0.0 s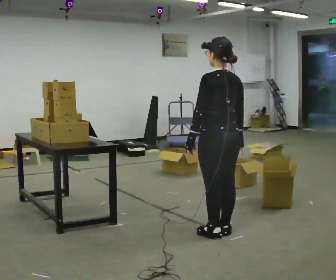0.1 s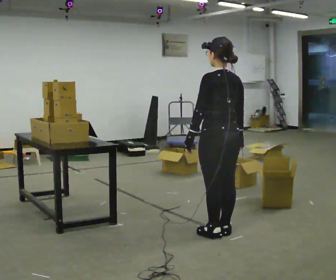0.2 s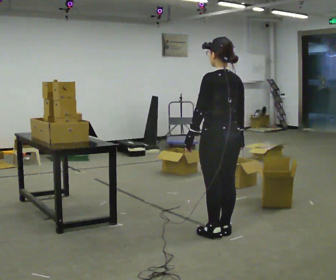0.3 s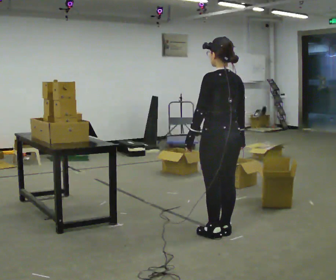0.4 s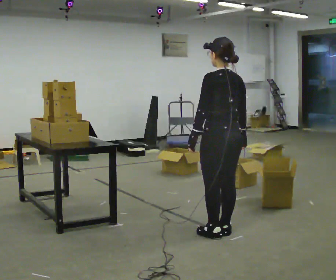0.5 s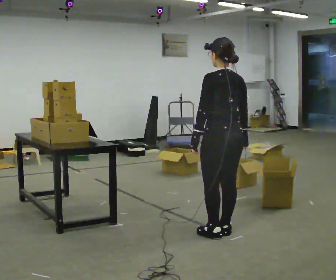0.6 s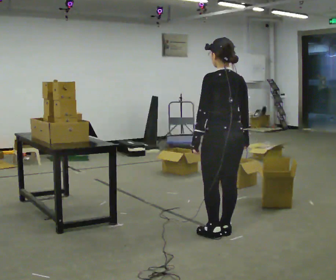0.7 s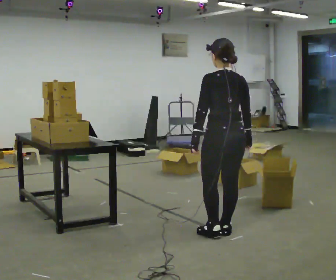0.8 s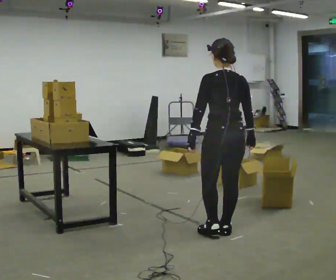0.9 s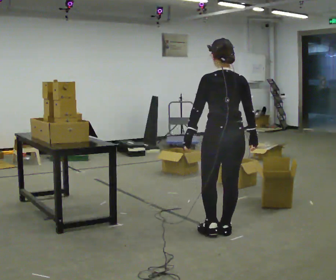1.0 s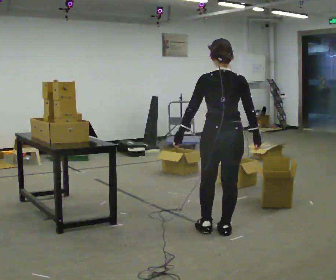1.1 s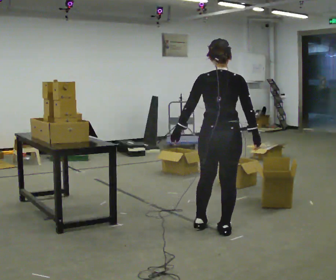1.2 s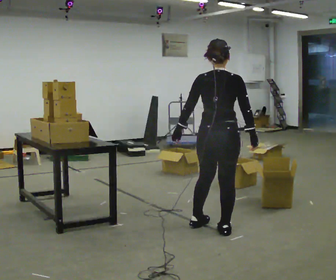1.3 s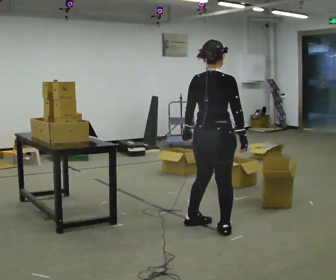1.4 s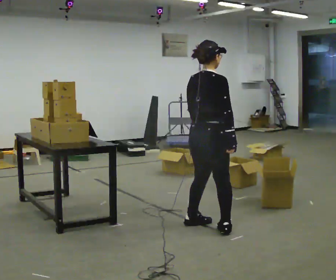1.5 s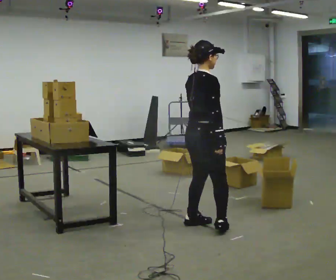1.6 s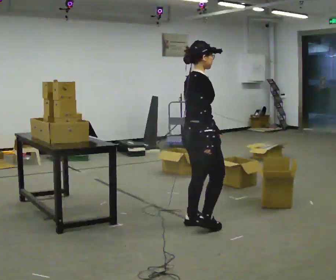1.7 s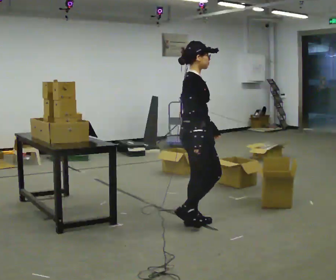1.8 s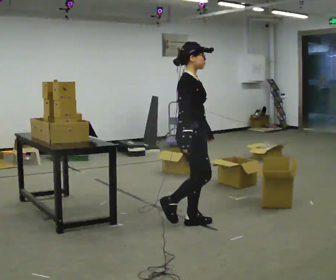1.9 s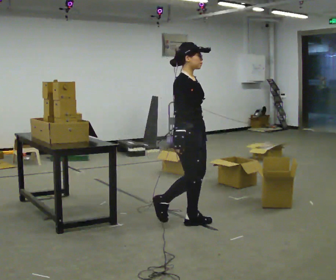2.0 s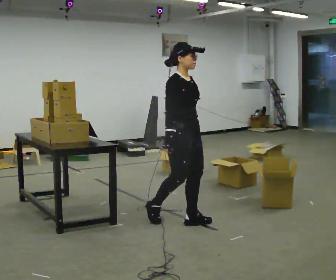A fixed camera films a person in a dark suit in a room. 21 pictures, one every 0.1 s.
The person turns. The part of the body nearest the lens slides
to the left.
The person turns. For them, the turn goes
to their right.
0.0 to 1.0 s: The part of the body nearest the lens slides to the left as the person turns to their right by about 30 degrees.
1.0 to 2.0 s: Seen from above the body turns clockwise, about 120 degrees: to their right, with its near side sliding to the left. In the picture they go to the left and away from the camera, about 0.5 m in 1 step.
The film runs backward here.
